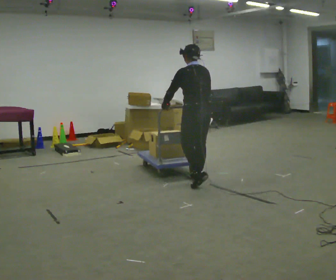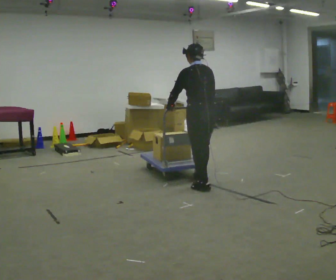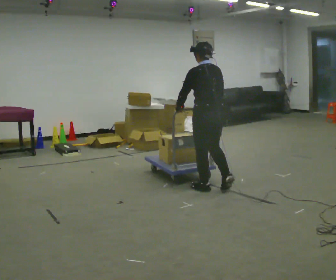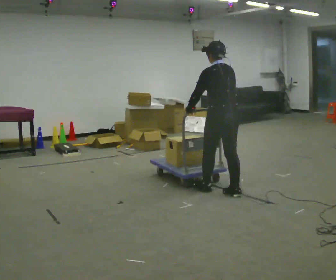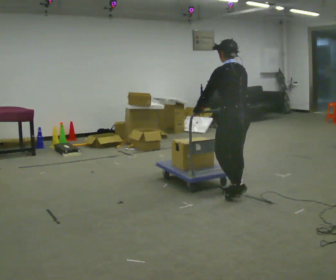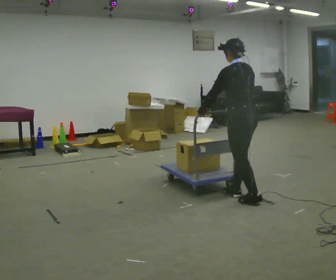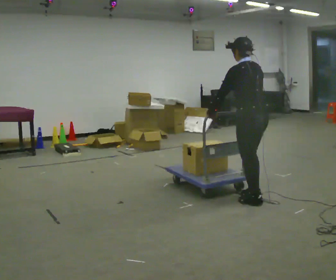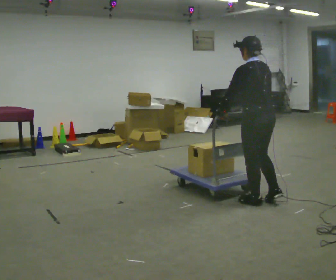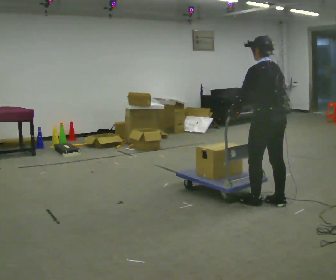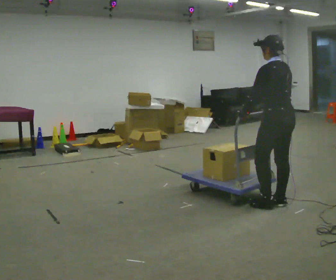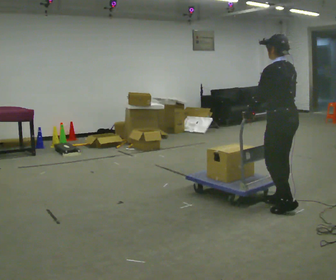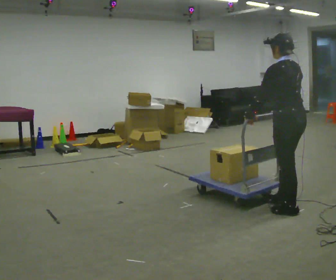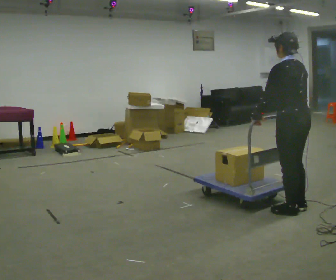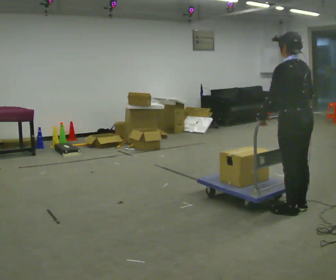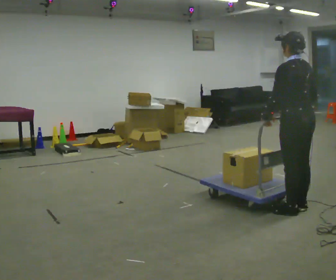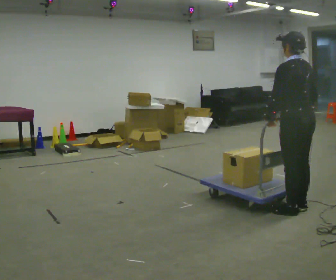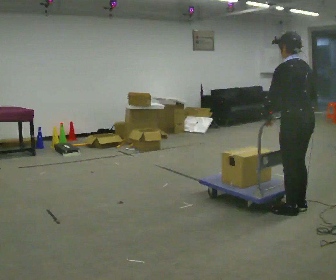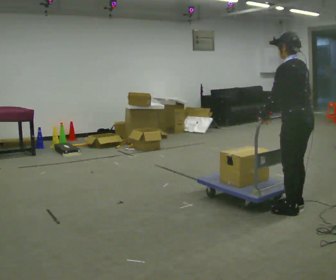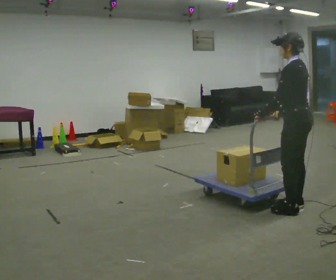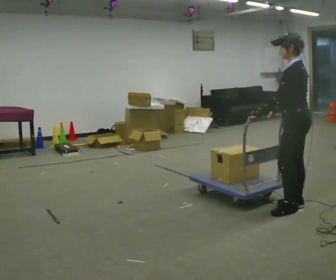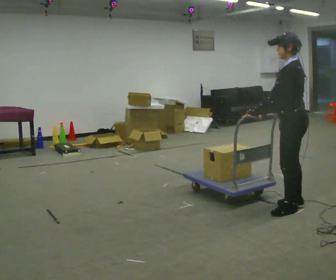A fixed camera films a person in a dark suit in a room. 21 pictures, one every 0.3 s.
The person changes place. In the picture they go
to the right.
0.0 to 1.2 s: In the picture they go to the right and toward the camera, about 0.75 m in 2 steps, which for them is backward.
1.2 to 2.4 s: In the picture they go to the right and toward the camera, about 0.5 m in 1 step, which for them is backward.
2.4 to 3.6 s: In the picture they go to the right and toward the camera, about 0.25 m in 2 steps, which for them is backward.
3.6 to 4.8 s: The person moves a little, or ends about where they began.
4.8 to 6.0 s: Seen from above the body turns counterclockwise, about 30 degrees: to their left, with its near side sliding to the right. In the picture their right hand goes to the left.
The film runs backward here.
